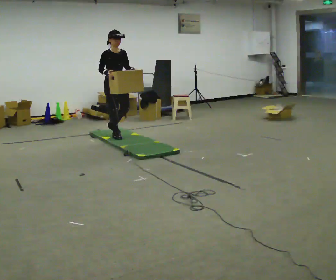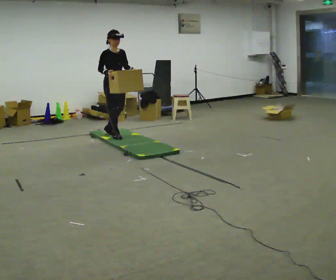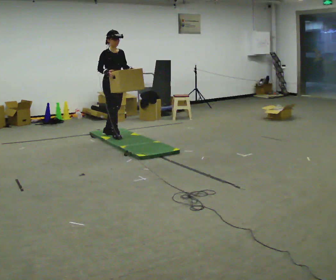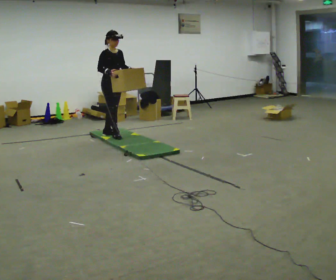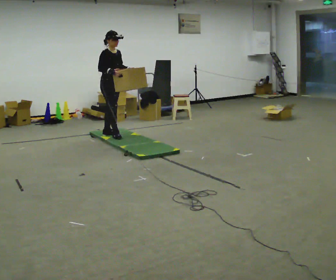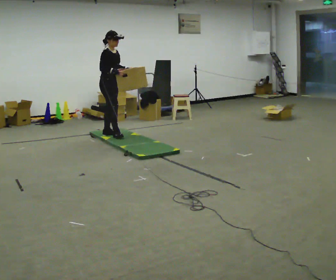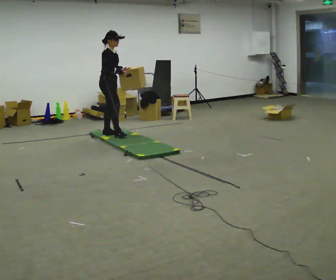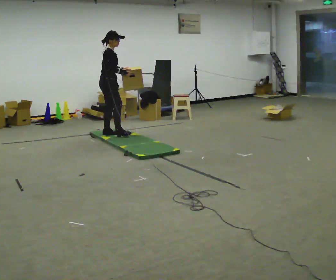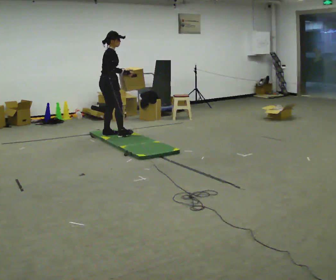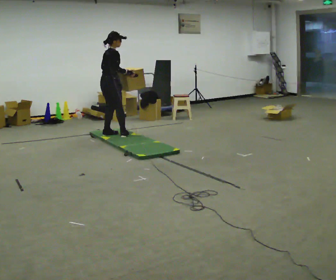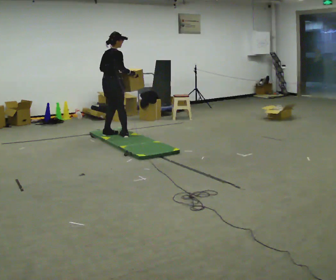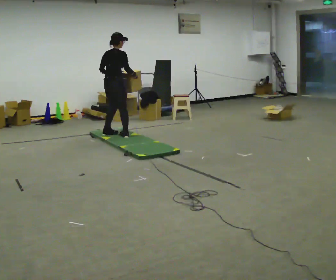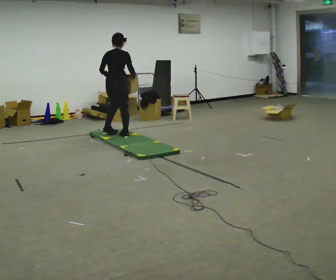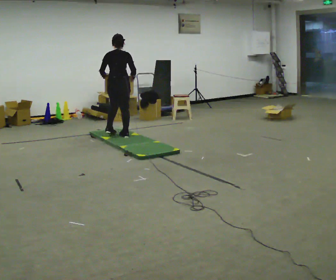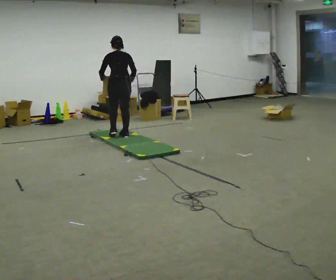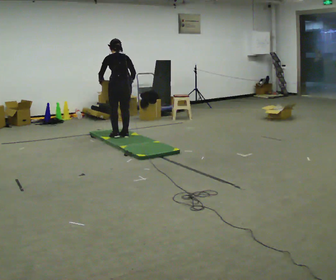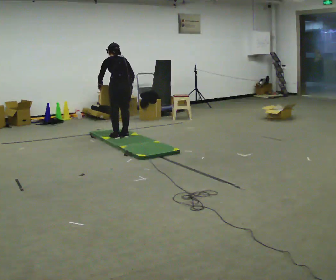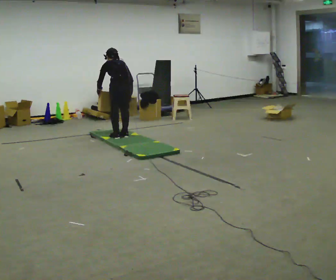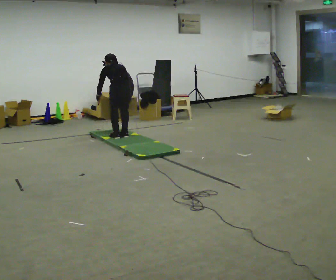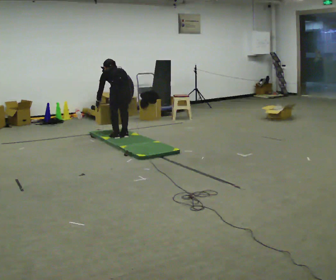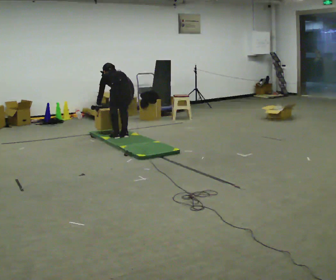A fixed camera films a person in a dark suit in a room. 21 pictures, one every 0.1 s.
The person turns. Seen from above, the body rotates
counterclockwise.
Their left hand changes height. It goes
downward.
0.0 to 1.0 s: Seen from above the body turns counterclockwise, about 105 degrees: to their left, with its near side sliding to the right. In the picture their left hand goes to the left.
1.0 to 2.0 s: The part of the body nearest the lens slides to the right as the person turns to their left by about 60 degrees. In the picture they go to the right and toward the camera, about 0.25 m in 1 step. The shoulders move downward. The upper body tips away from the camera, its near side rolling upward, as they bend forward. In the picture their left hand goes downward.
The film runs backward here.
